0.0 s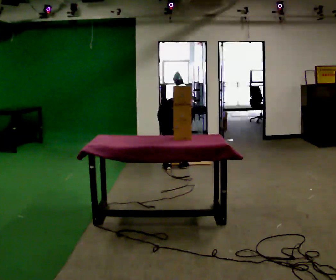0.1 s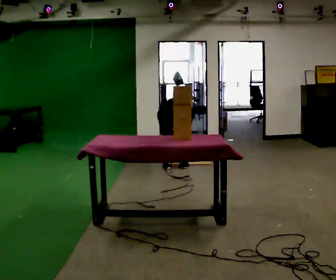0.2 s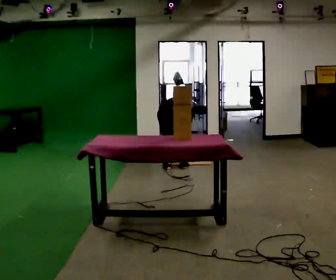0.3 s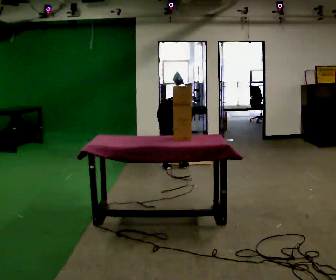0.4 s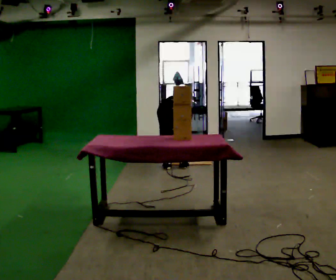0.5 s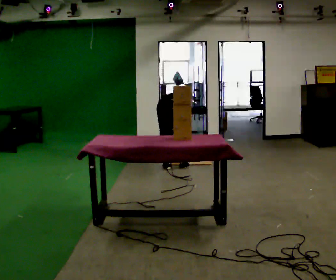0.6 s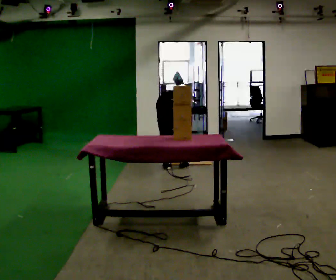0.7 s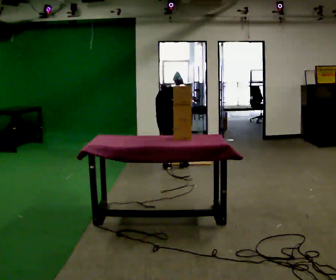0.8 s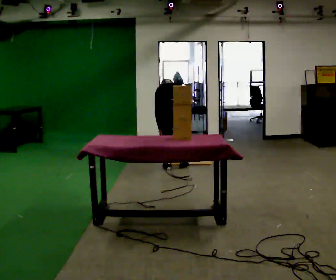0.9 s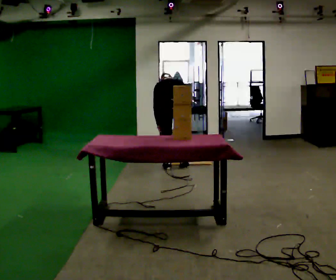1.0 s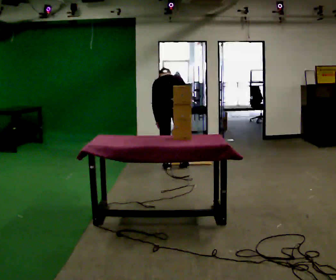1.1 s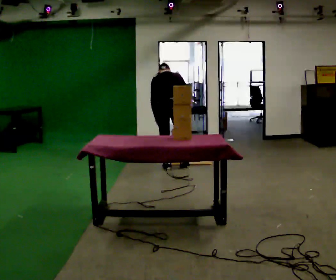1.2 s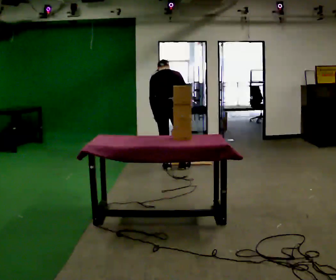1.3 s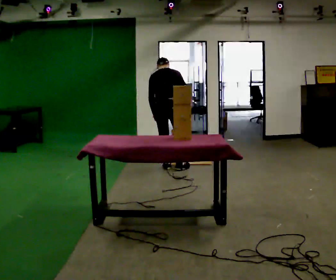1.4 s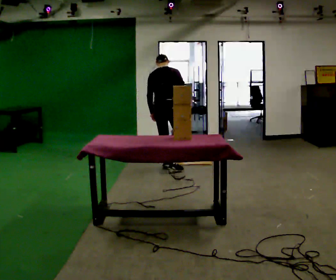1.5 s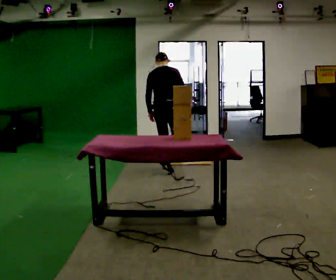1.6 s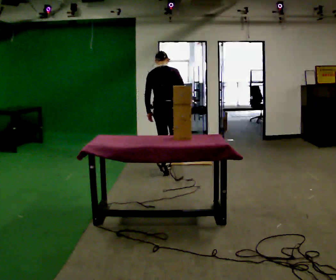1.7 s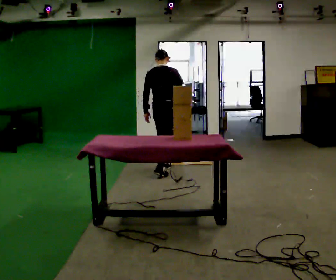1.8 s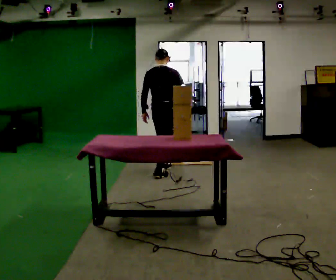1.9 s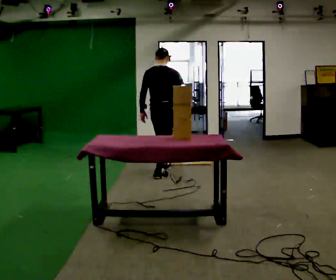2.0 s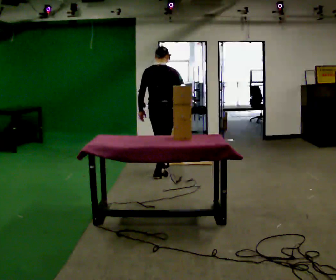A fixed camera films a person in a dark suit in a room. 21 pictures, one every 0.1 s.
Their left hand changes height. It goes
upward.
The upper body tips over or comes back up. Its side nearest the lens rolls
downward.
0.0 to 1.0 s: The shoulders move upward. In the picture the upper body tilts clockwise, shoulders to the right, as they lean back or straighten. In the picture their right hand goes upward.
1.0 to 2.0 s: In the picture they go toward the camera, about 0.25 m in 2 steps, which for them is backward. The upper body tips toward the camera, its near side rolling downward, as they lean back or straighten.
The film runs backward here.
